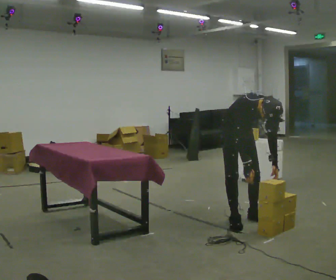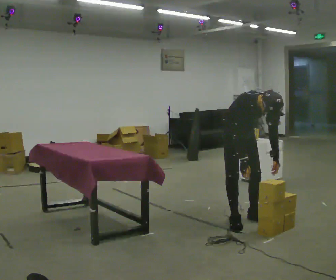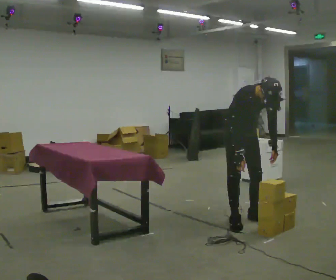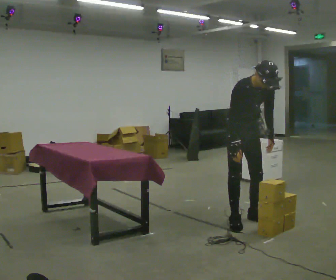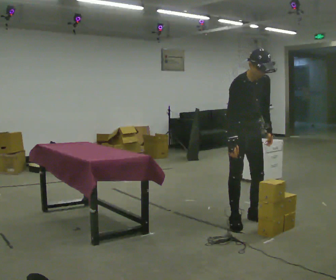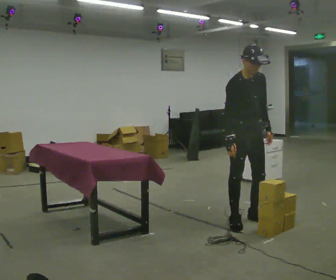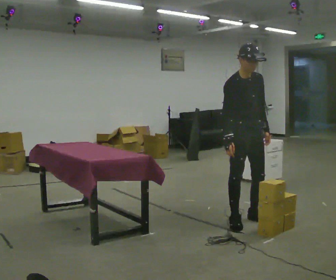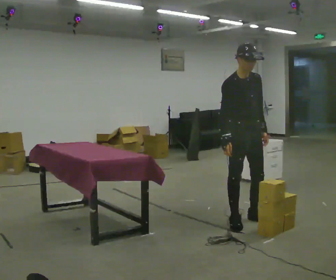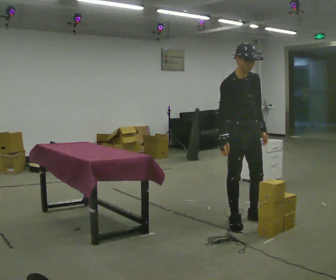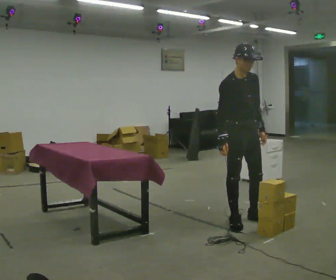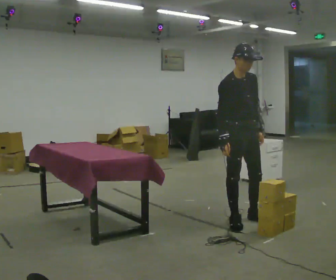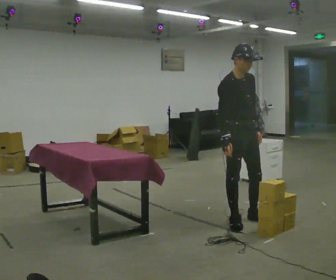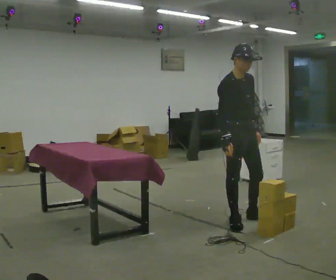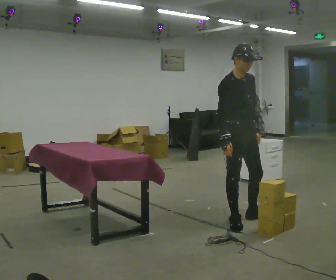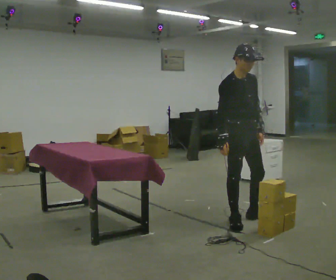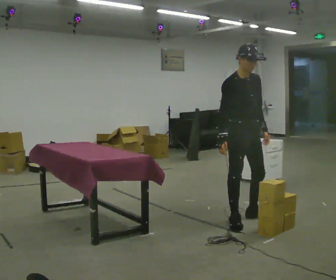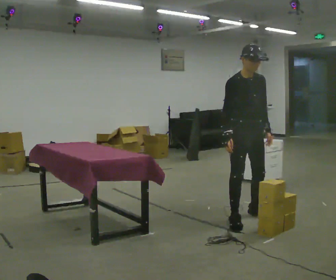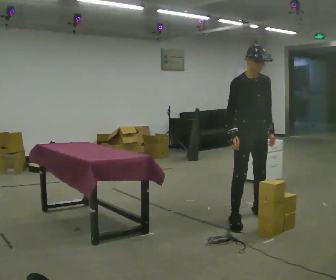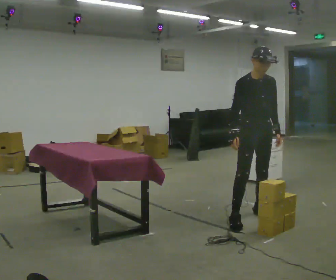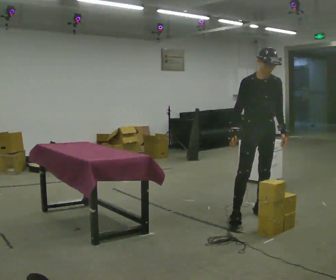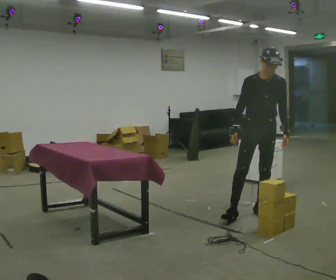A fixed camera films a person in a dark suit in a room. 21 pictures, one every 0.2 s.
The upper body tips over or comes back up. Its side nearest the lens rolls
upward.
The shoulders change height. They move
upward.
0.0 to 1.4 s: The upper body goes upward. The upper body tips away from the camera, its near side rolling upward, as they lean back or straighten.
1.4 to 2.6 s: The person moves a little, or ends about where they began.
2.6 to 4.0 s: Seen from above the body turns clockwise, about 45 degrees: to their right, with its near side sliding to the left. In the picture they go away from the camera and to the right, about 0.5 m in 2 steps, which for them is to their left.
The film runs backward here.
